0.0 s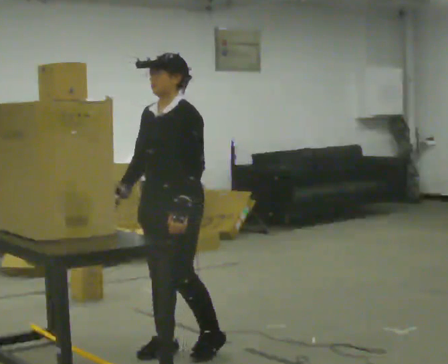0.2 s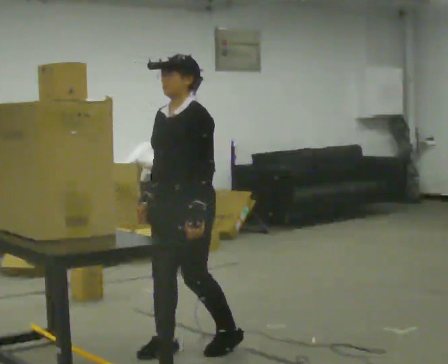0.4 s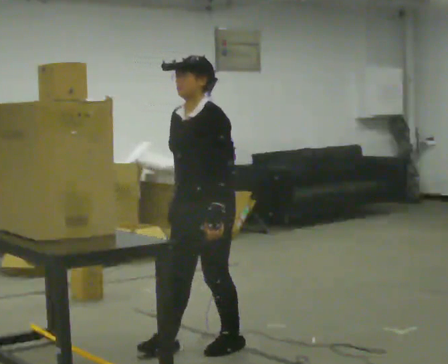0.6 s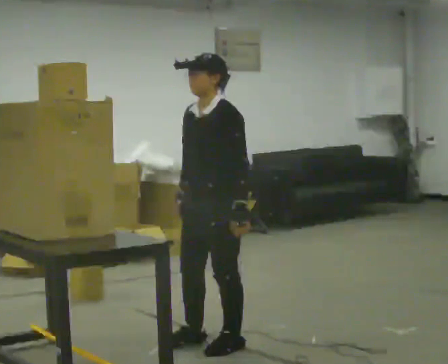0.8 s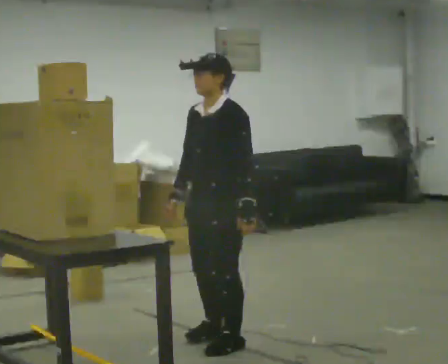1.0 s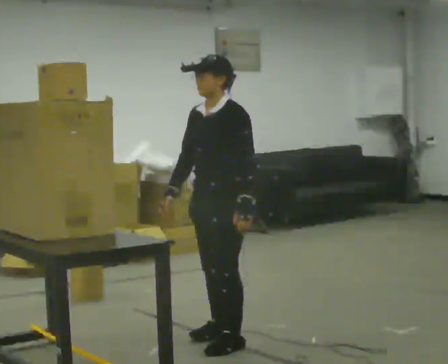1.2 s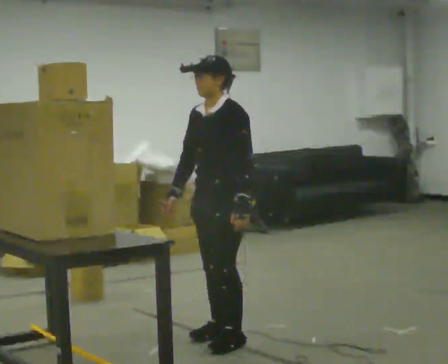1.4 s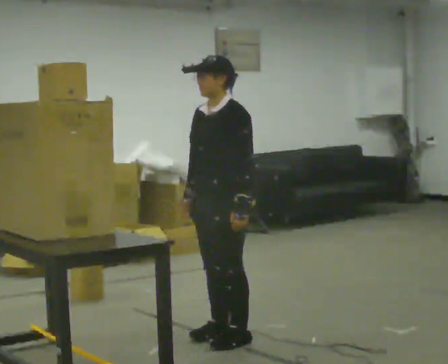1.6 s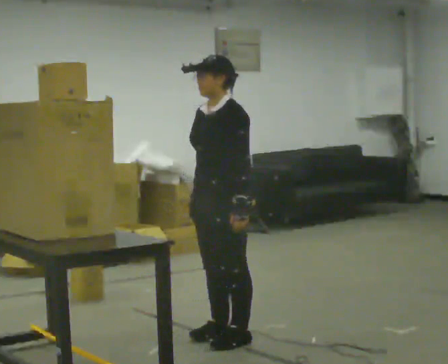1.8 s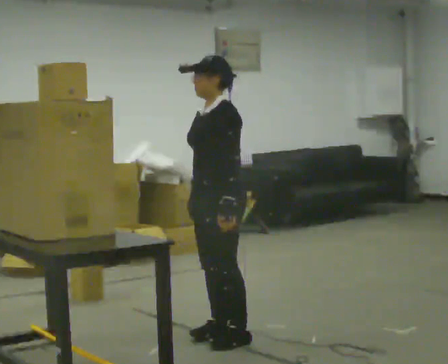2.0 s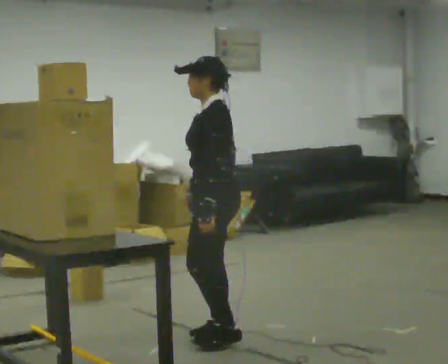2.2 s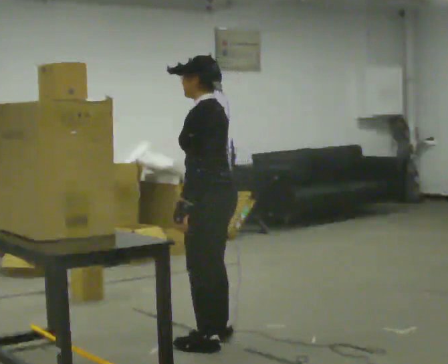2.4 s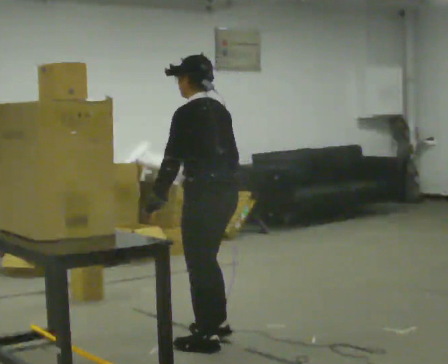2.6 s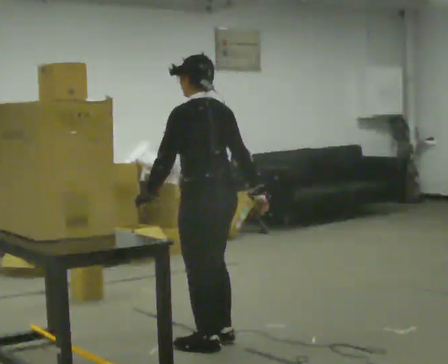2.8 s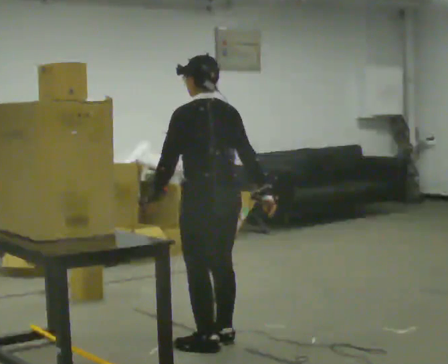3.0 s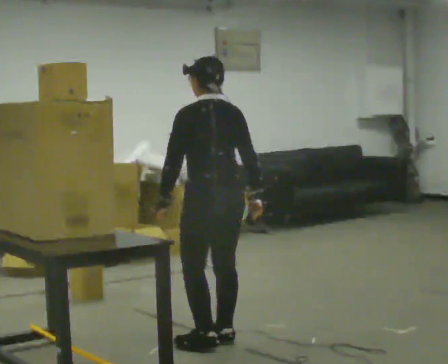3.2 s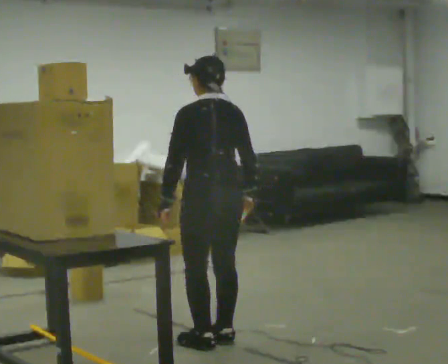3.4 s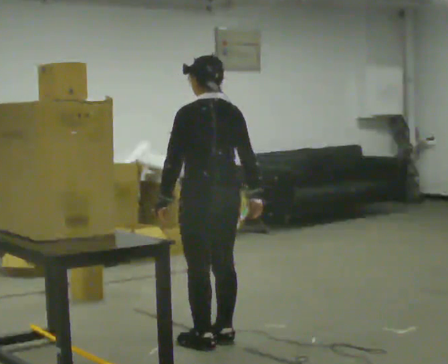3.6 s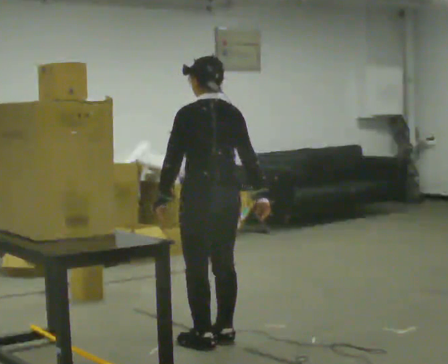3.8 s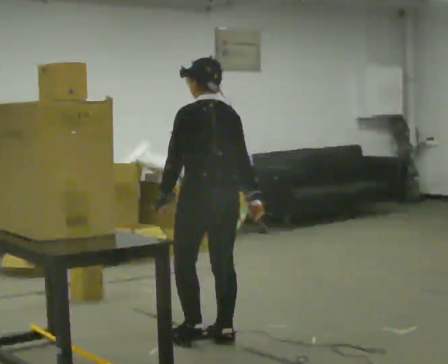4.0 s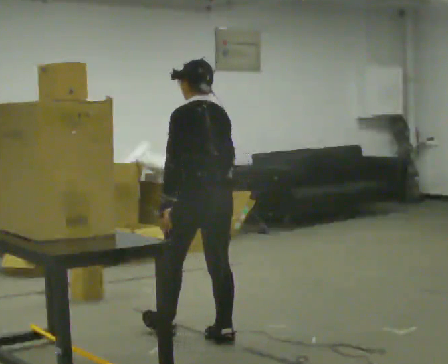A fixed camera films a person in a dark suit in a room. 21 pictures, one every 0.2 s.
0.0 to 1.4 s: In the picture they go to the right and away from the camera, about 0.25 m in 2 steps, which for them is backward.
1.4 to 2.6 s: The person turns about 75 degrees to their right, clockwise seen from above, so the part of the body nearest the lens slides to the left. In the picture their right hand goes to the right, the arm swinging counterclockwise.
2.6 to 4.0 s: In the picture they go away from the camera, about 0.25 m, which for them is forward.
The film runs forward here.
